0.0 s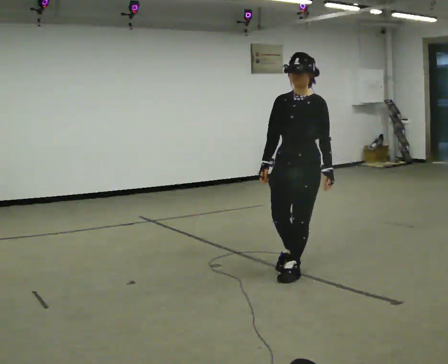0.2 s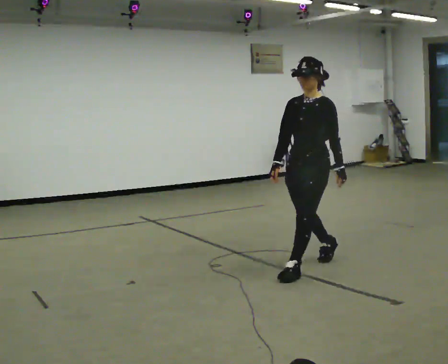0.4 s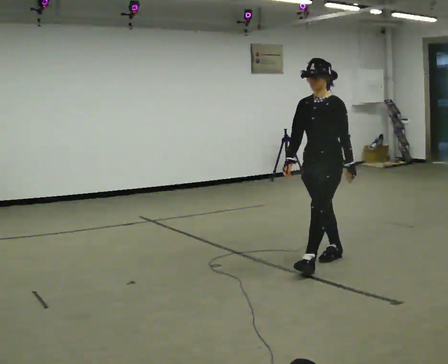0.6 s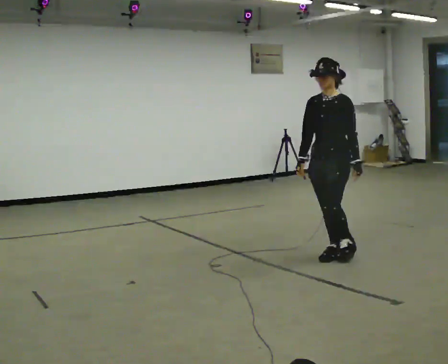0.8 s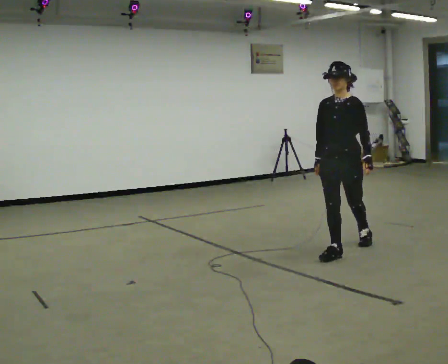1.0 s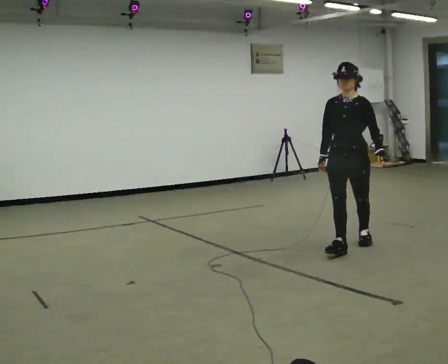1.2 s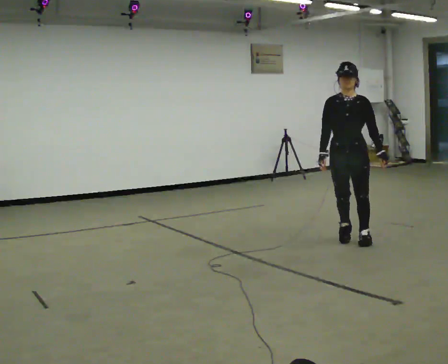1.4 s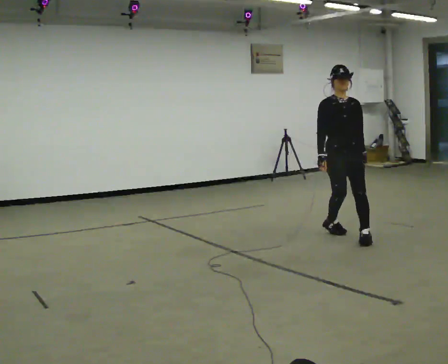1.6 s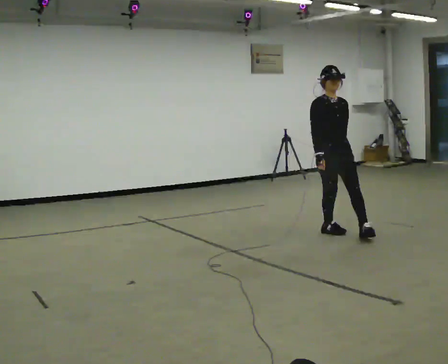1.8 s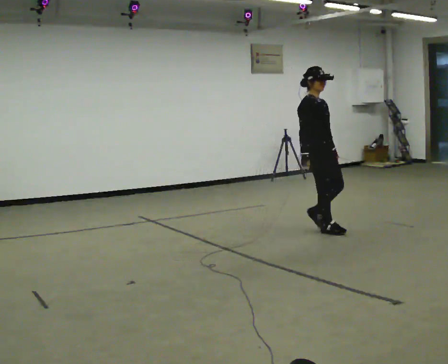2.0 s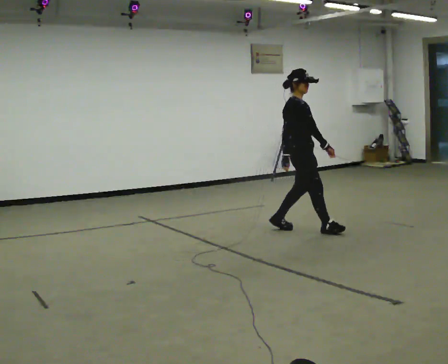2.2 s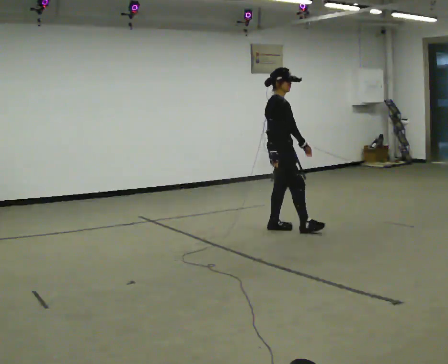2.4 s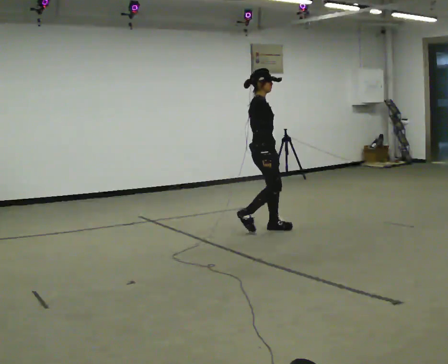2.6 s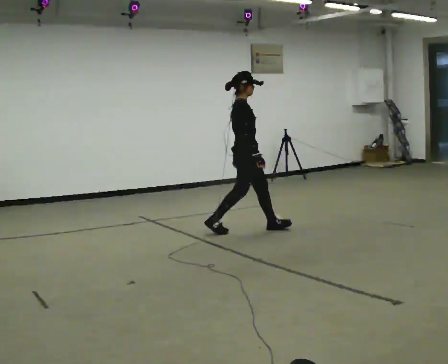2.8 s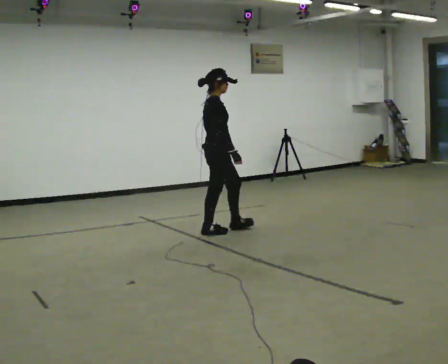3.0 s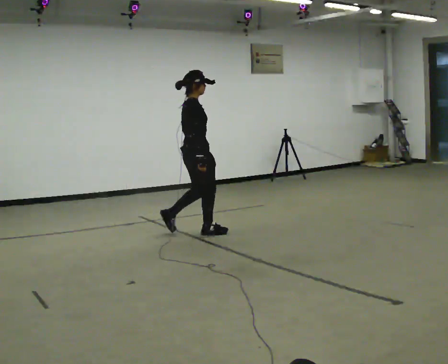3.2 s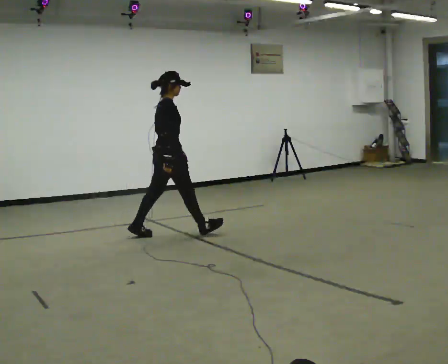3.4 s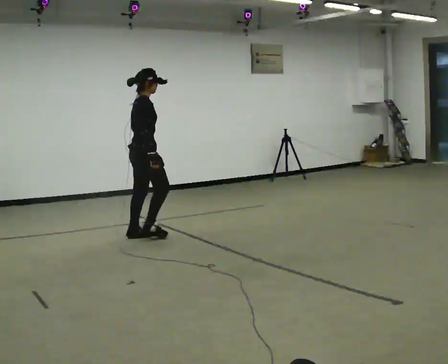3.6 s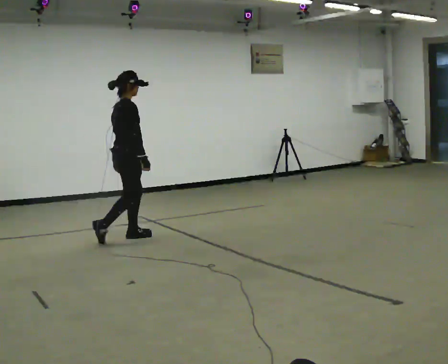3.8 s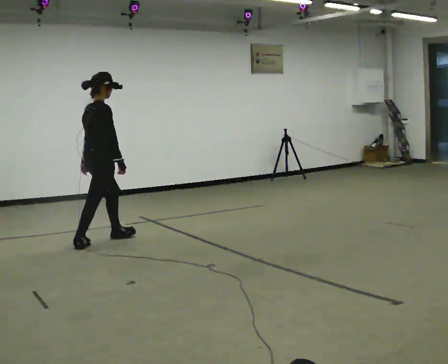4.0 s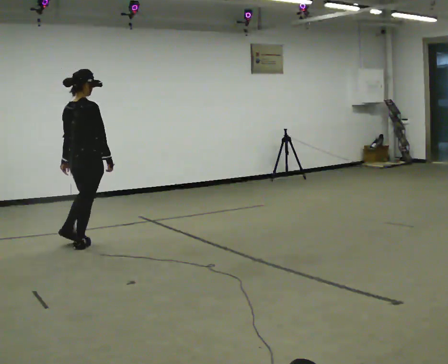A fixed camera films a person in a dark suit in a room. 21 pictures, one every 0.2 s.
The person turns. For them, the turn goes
to their left.
The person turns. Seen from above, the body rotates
counterclockwise.
0.0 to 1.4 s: The person turns about 30 degrees to their left, counterclockwise seen from above, so the part of the body nearest the lens slides to the right. In the picture they go away from the camera, about 1 m in 2 steps, which for them is backward.
1.4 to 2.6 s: The person turns about 90 degrees to their left, counterclockwise seen from above, so the part of the body nearest the lens slides to the right. In the picture they go to the left and away from the camera, about 1 m in 2 steps.
2.6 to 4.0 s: The part of the body nearest the lens slides to the right as the person turns to their left by about 60 degrees. In the picture they go to the left and toward the camera, about 1.5 m in 3 steps, which for them is backward.
The film runs backward here.
